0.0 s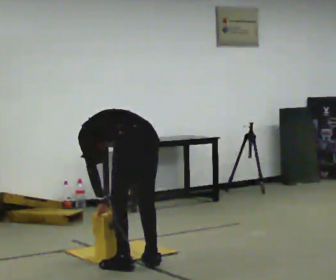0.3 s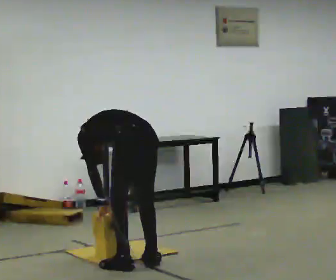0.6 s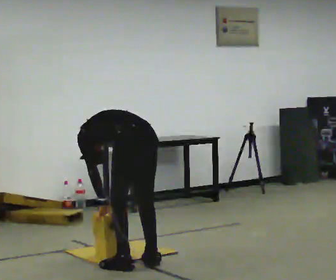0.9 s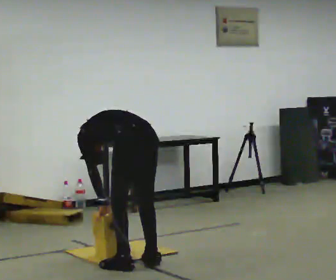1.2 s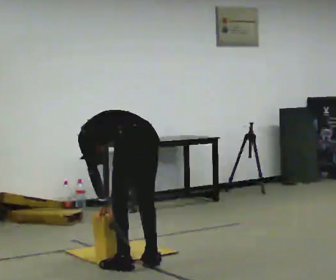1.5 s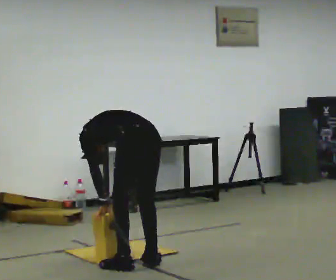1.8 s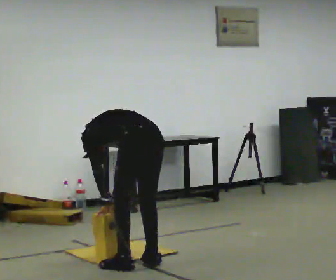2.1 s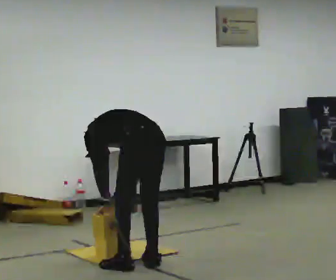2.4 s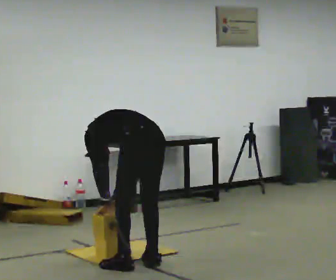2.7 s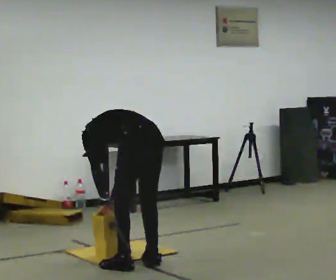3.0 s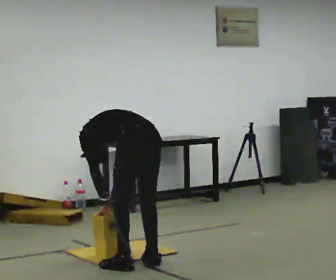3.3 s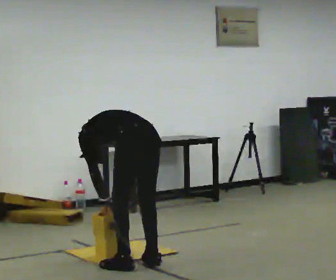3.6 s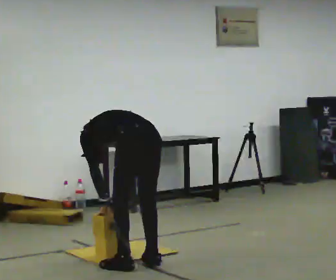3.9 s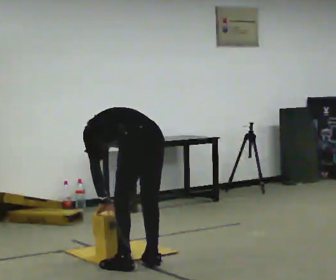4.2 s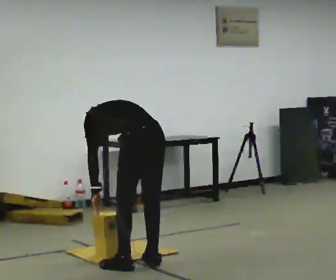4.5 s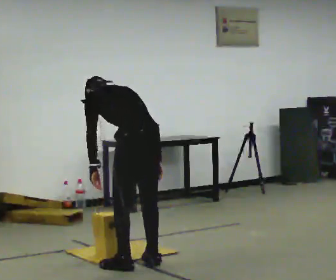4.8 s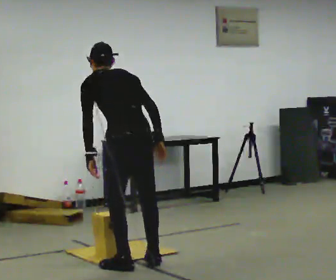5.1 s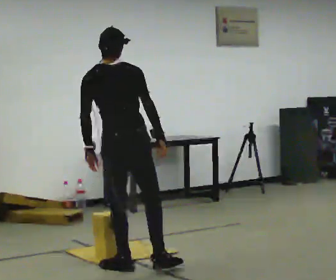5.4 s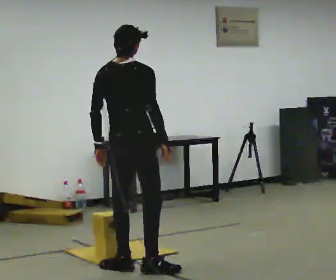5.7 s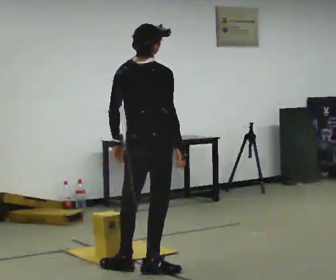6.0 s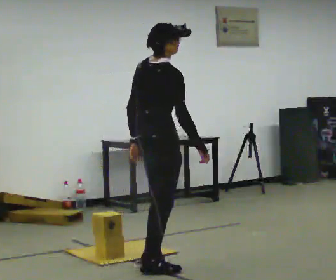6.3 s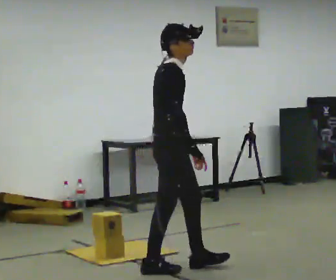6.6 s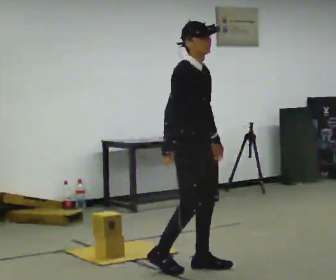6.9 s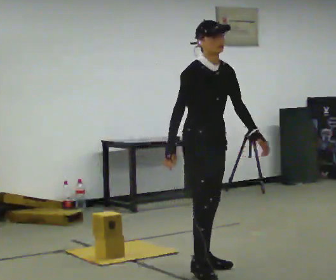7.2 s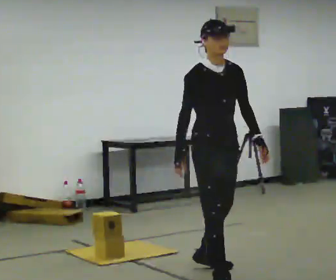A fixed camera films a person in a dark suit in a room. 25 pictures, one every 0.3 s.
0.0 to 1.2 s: The person keeps their place and pose.
1.2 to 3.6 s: The person moves a little, or ends about where they began.
3.6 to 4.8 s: The shoulders move upward. The upper body tips toward the camera, its near side rolling downward, as they lean back or straighten. In the picture their right hand goes upward and to the right.
4.8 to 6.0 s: The part of the body nearest the lens slides to the left as the person turns to their right by about 75 degrees. In the picture the upper body tilts clockwise, shoulders to the right, as they lean back or straighten. In the picture their left hand goes to the right.
6.0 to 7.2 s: The person turns about 90 degrees to their right, clockwise seen from above, so the part of the body nearest the lens slides to the left. In the picture they go to the right and toward the camera, about 0.5 m in 2 steps.
The film runs forward here.
